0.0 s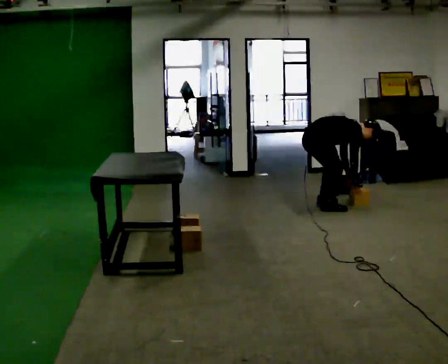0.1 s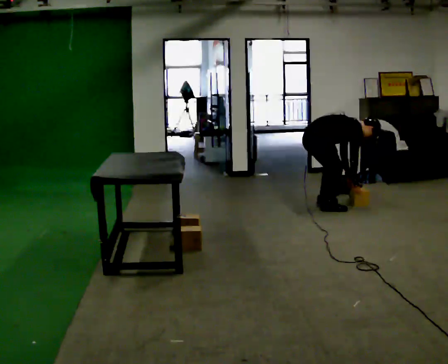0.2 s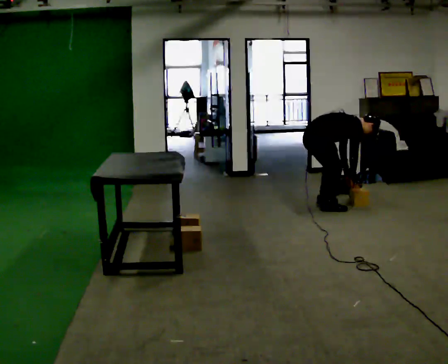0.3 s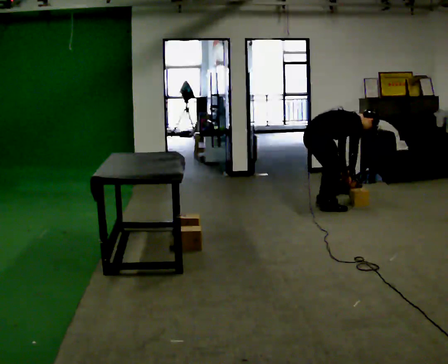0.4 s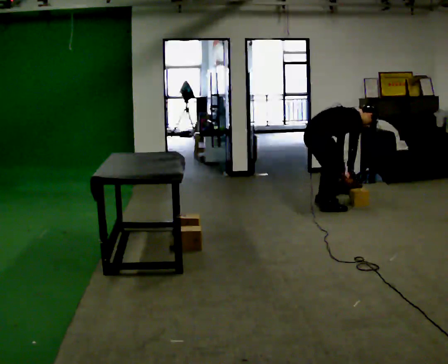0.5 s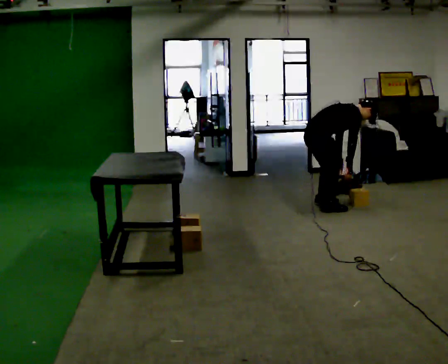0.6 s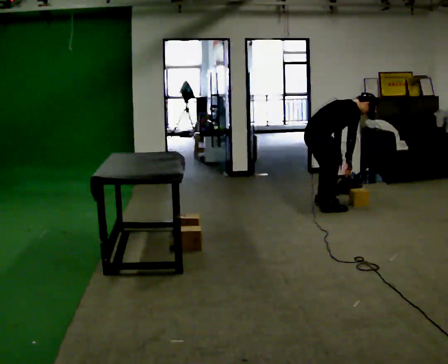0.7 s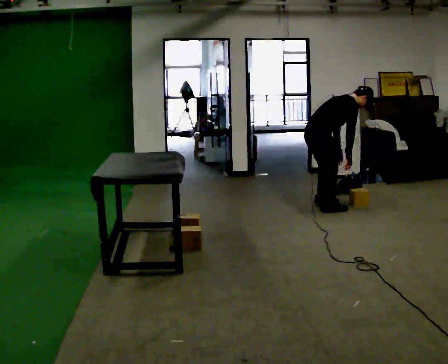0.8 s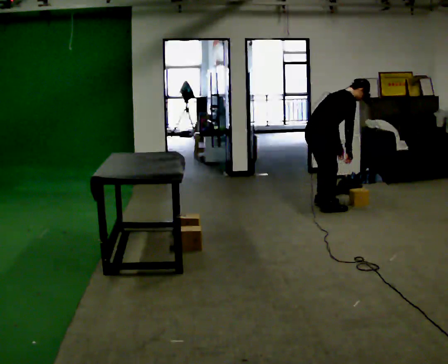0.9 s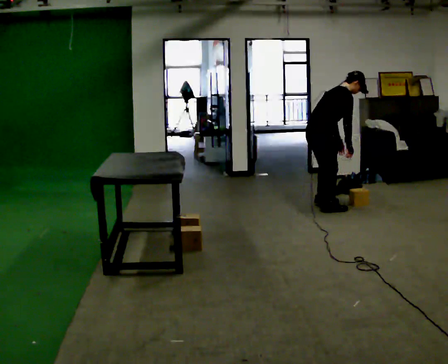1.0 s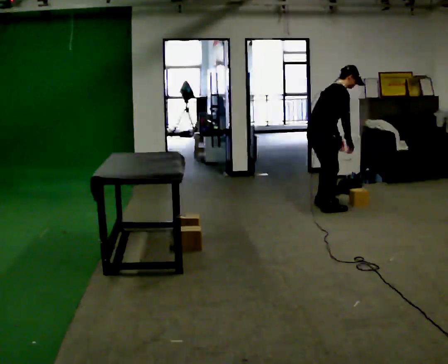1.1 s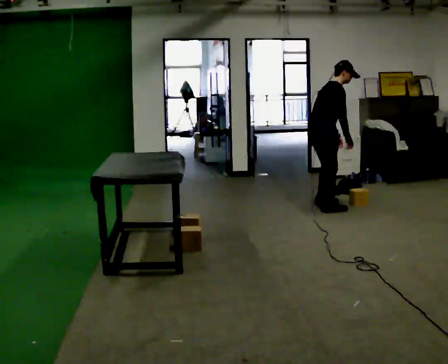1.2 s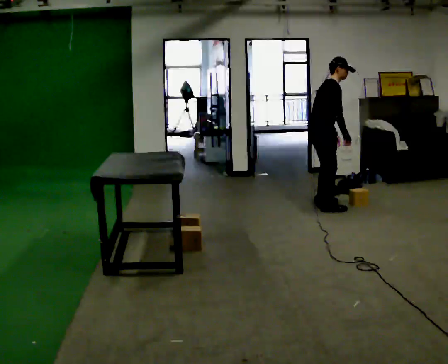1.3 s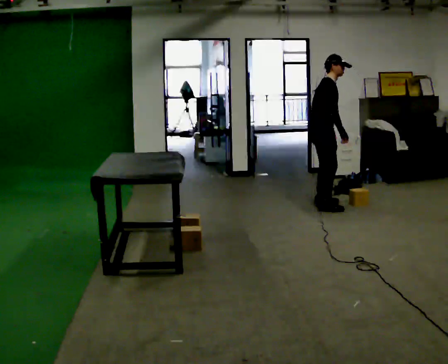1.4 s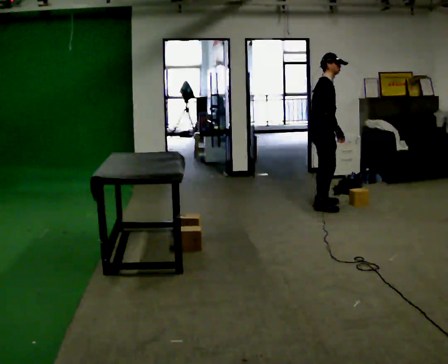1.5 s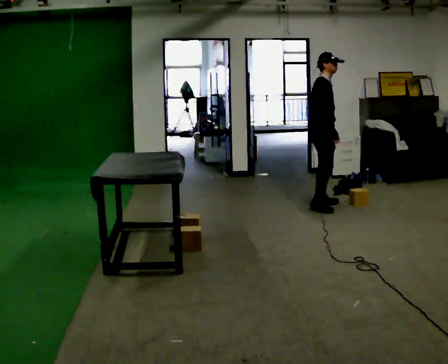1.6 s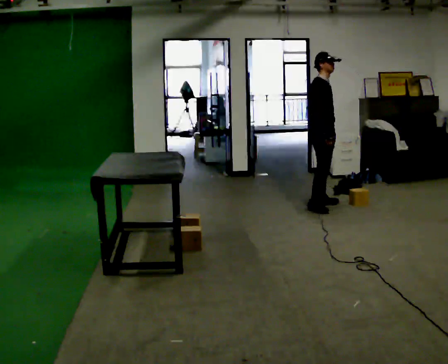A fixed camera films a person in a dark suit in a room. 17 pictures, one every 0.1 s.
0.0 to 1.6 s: The part of the body nearest the lens slides to the left as the person turns to their right by about 30 degrees. In the picture they go away from the camera, about 0.25 m in 1 step, which for them is forward. The shoulders move upward. In the picture the upper body tilts counterclockwise, shoulders to the left, as they lean back or straighten. In the picture their right hand goes upward and to the left.
The film runs forward here.
